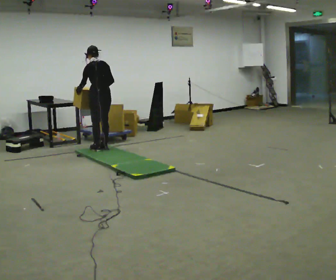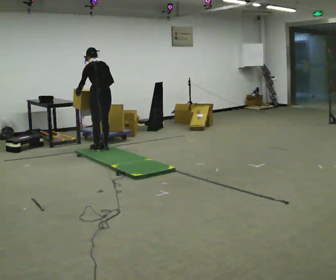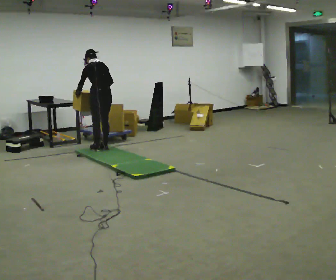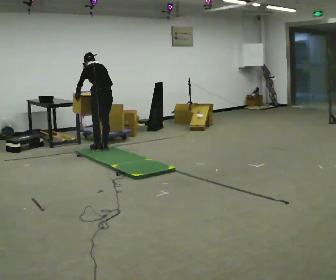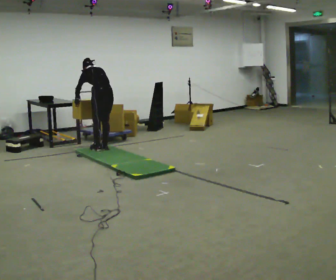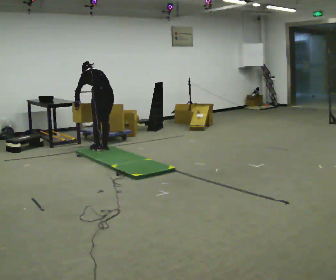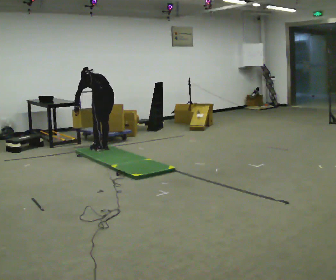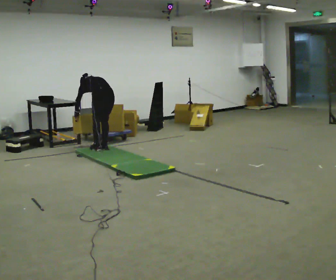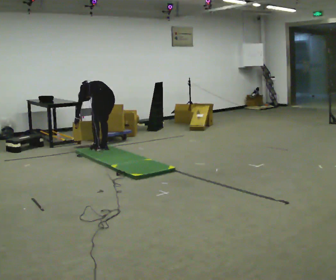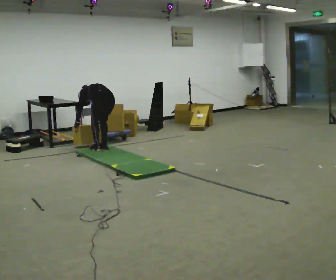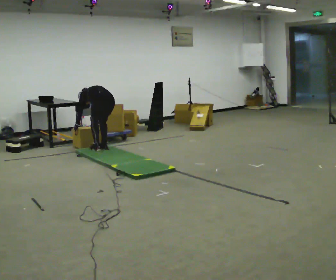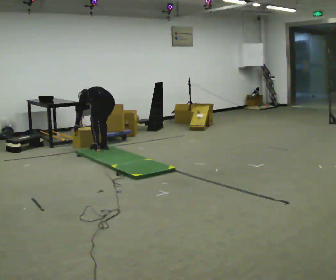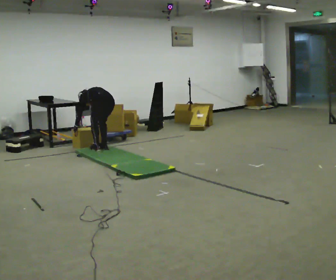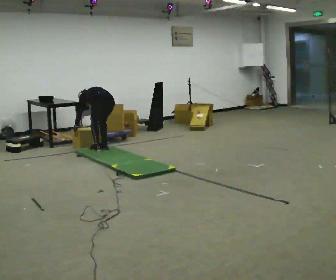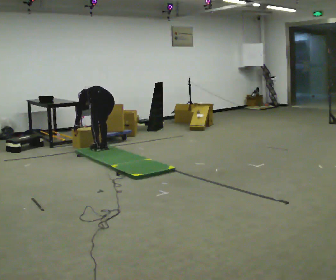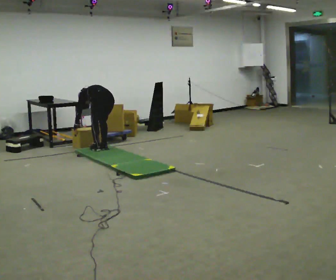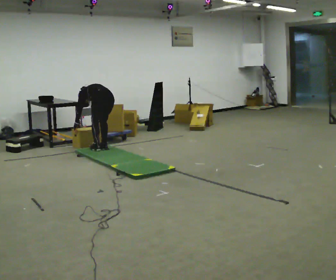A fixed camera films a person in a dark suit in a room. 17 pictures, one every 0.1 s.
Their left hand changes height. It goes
downward.
Their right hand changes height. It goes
downward.
0.0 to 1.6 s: The shoulders move downward. The upper body tips away from the camera, its near side rolling upward, as they bend forward. In the picture their right hand goes downward.
The film runs backward here.
